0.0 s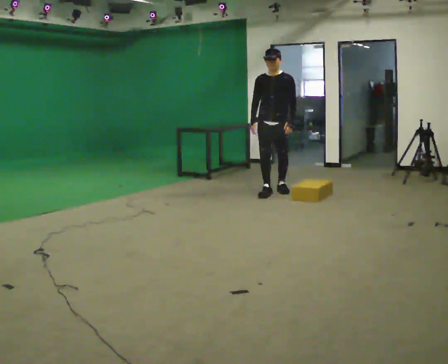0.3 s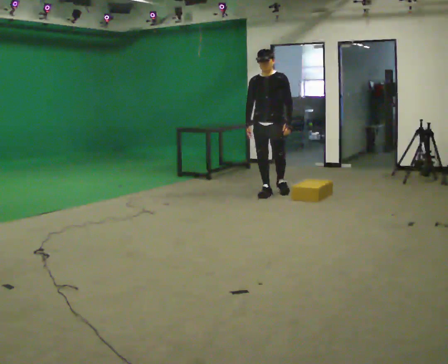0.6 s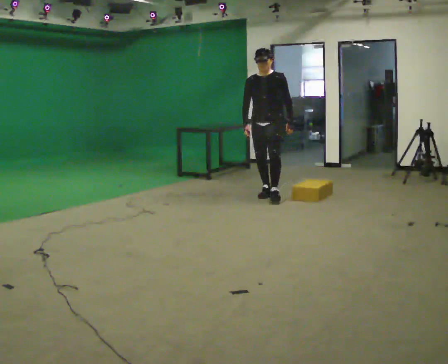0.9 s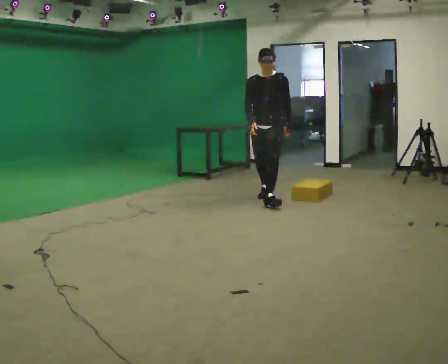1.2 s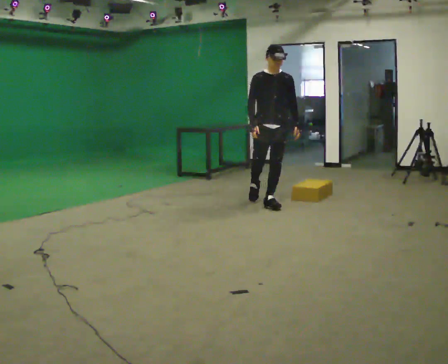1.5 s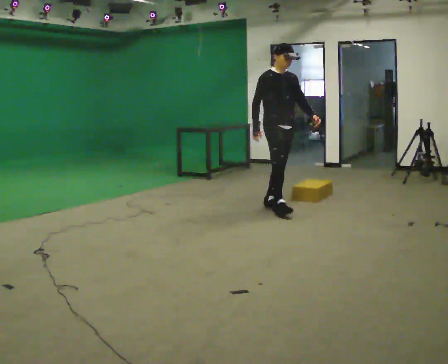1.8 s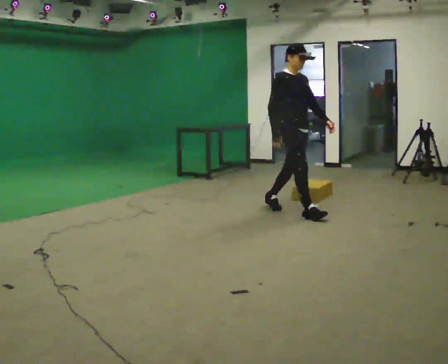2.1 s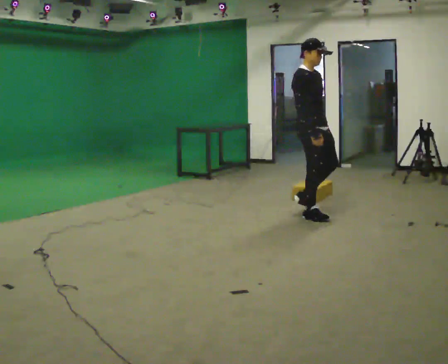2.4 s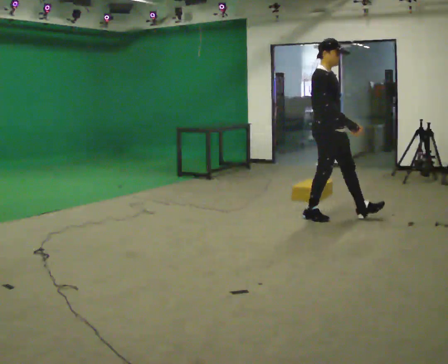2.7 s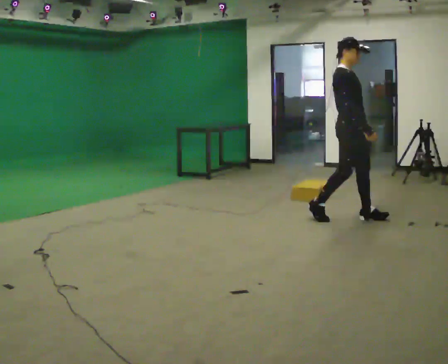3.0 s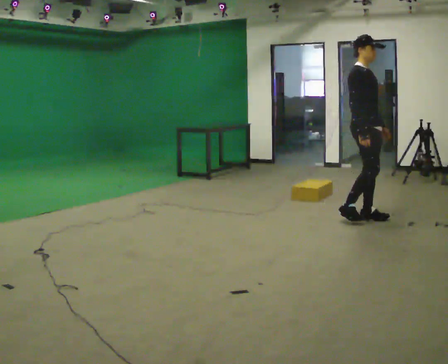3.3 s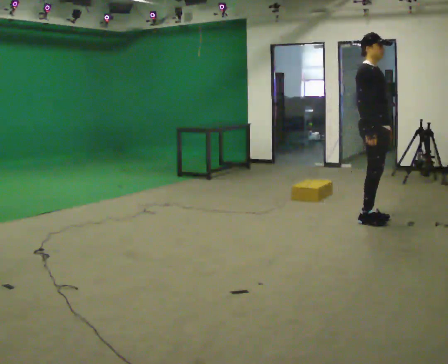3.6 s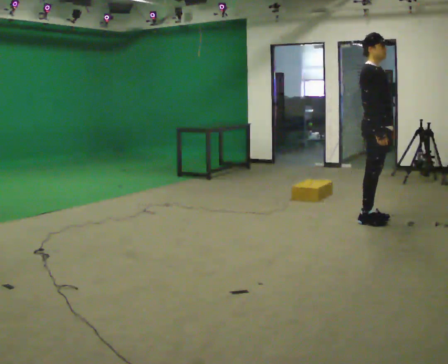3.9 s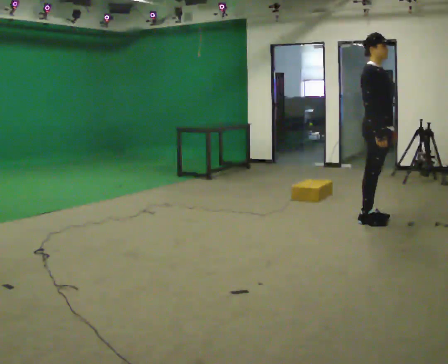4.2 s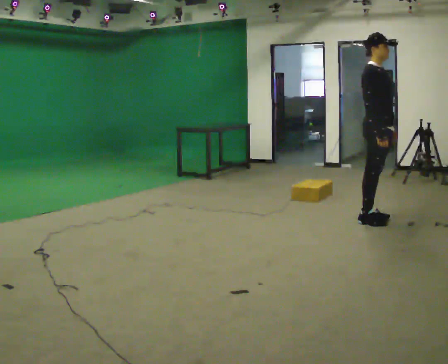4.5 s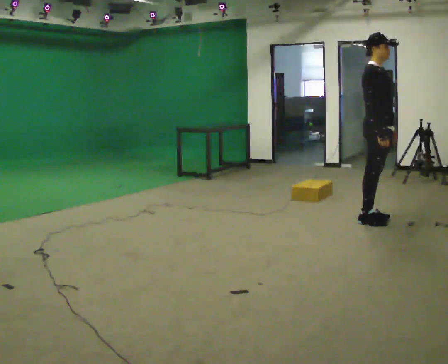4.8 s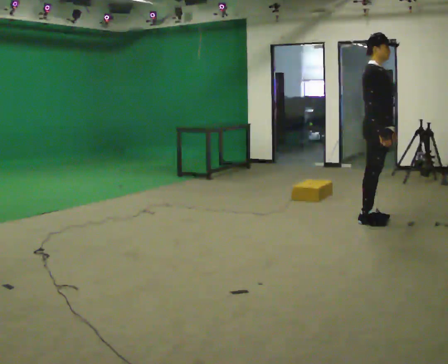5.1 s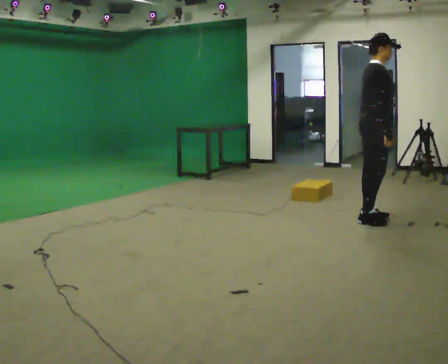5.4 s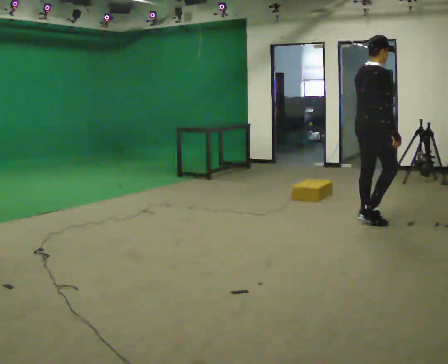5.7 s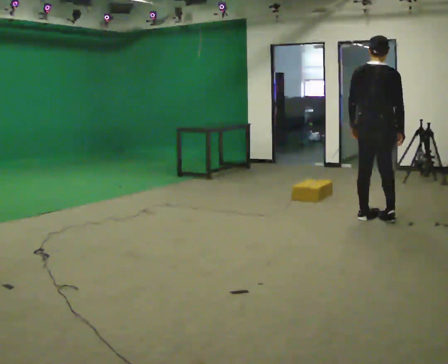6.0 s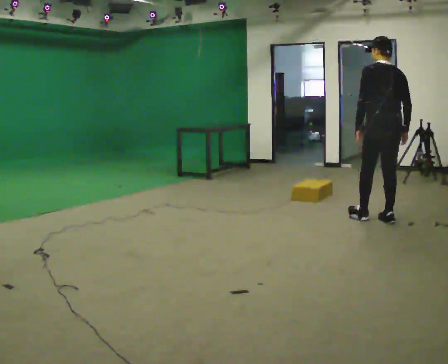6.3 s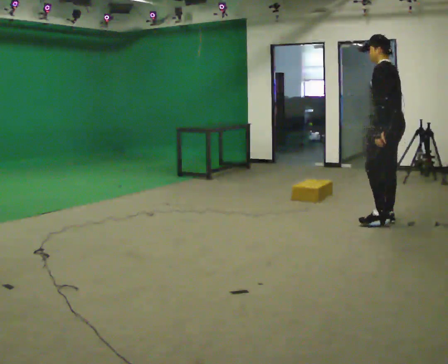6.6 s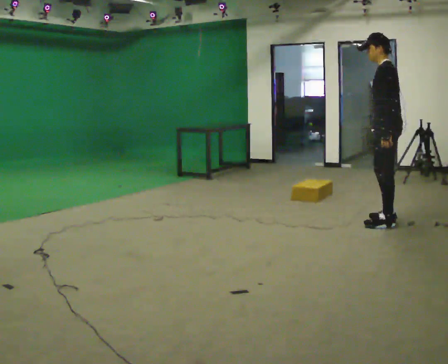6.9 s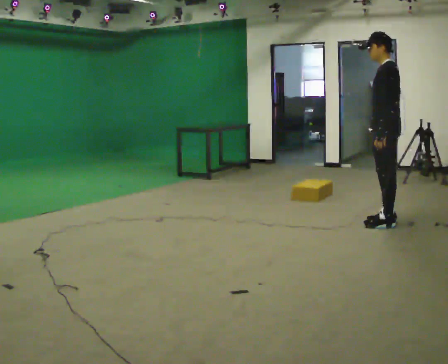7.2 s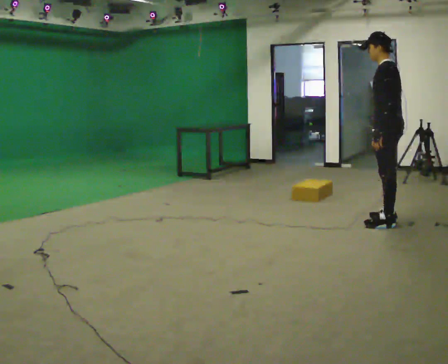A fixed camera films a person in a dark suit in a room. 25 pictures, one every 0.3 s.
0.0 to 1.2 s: In the picture they go toward the camera, about 0.75 m in 1 step, which for them is forward.
1.2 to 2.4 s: The part of the body nearest the lens slides to the right as the person turns to their left by about 45 degrees. In the picture they go to the right and toward the camera, about 1 m in 1 step, which for them is forward.
2.4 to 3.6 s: In the picture they go to the right, about 0.5 m in 2 steps, which for them is forward.
3.6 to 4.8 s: The person moves a little, or ends about where they began.
4.8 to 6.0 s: The person turns about 135 degrees to their left, counterclockwise seen from above, so the part of the body nearest the lens slides to the right.
6.0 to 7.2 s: The part of the body nearest the lens slides to the right as the person turns to their left by about 45 degrees.
The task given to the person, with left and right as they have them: Walk quickly but do not run; remain comfortable and controlled; stop.
The film runs forward here.
